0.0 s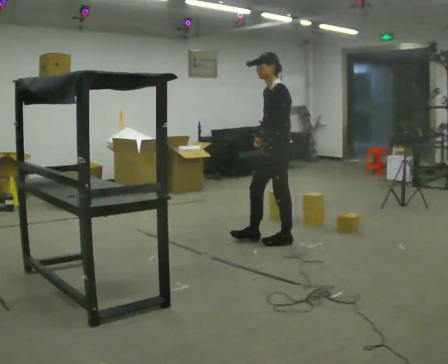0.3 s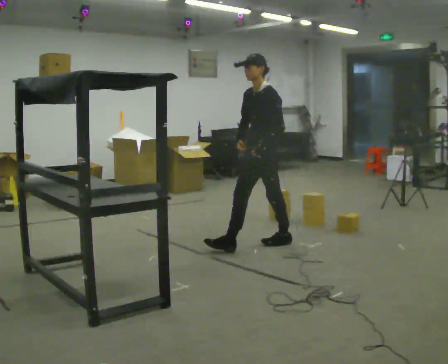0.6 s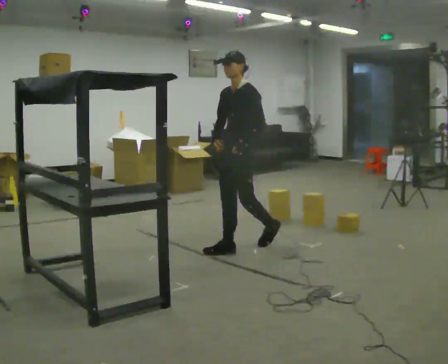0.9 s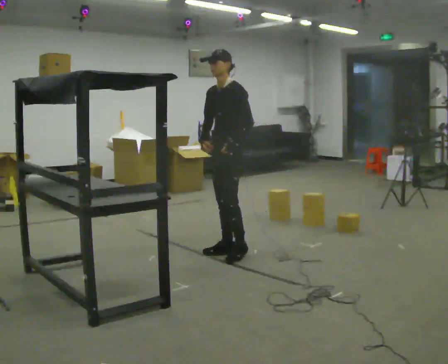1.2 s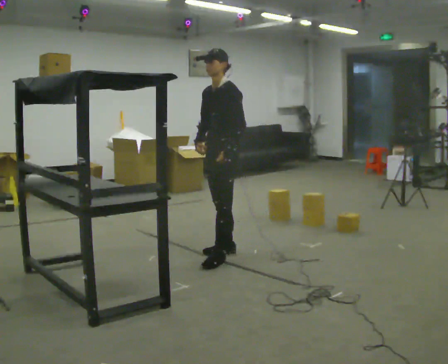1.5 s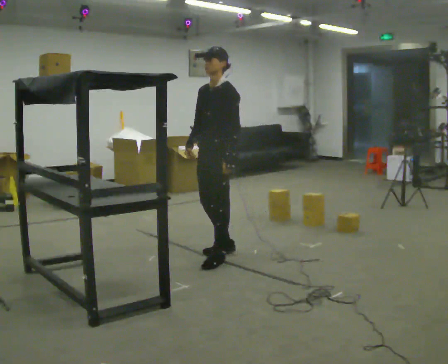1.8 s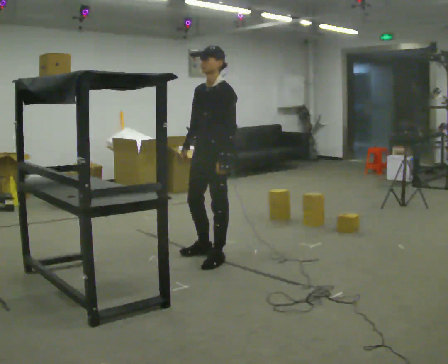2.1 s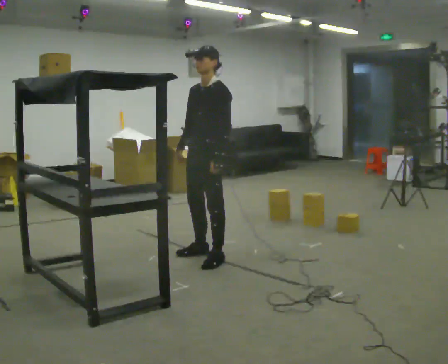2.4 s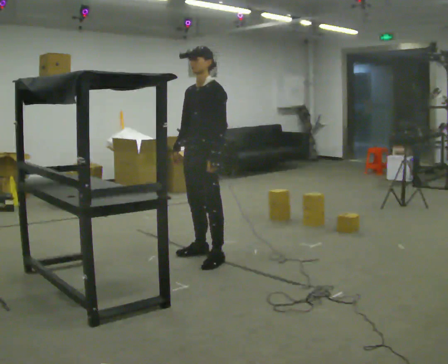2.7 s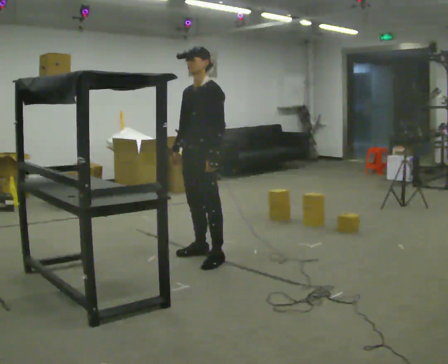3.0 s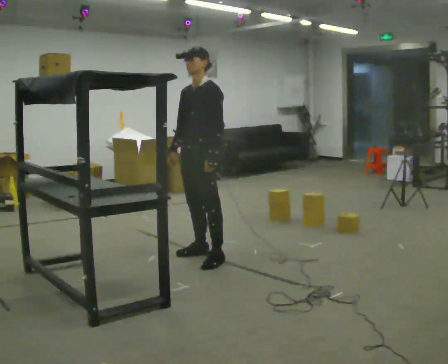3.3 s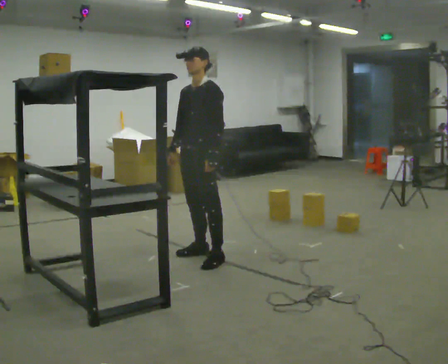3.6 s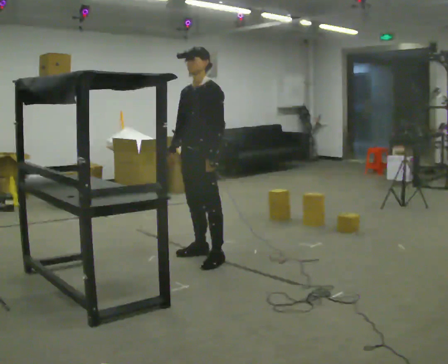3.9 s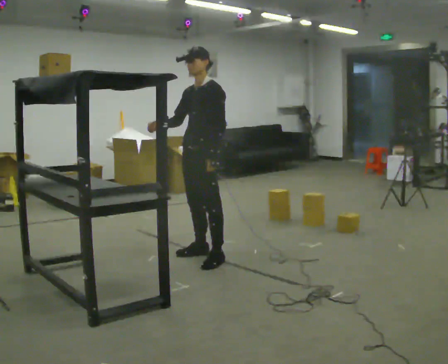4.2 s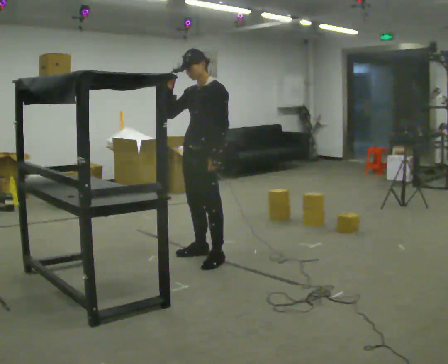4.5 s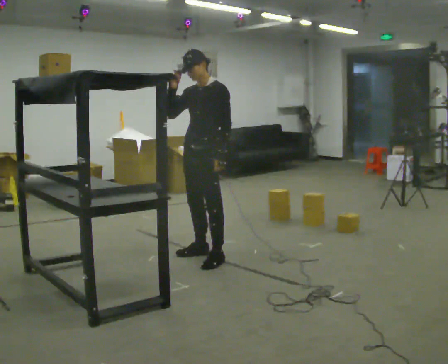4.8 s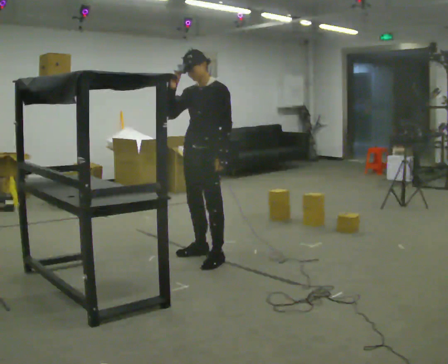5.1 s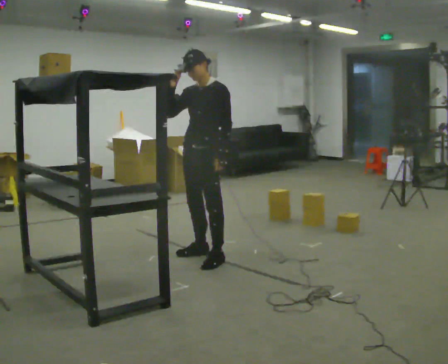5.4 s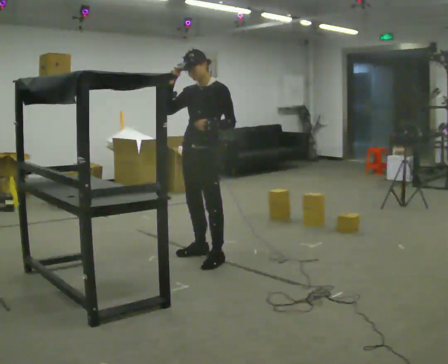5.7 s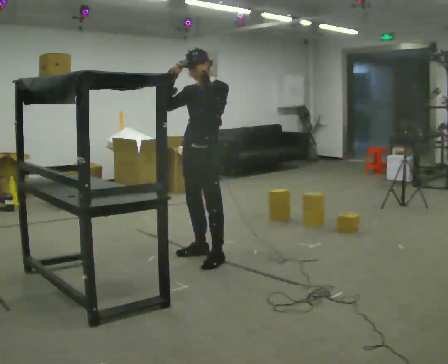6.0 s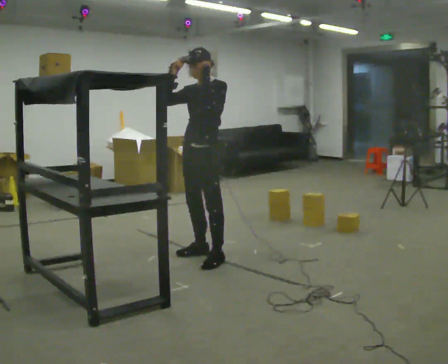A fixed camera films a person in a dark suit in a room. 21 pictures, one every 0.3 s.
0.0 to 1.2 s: In the picture they go to the left and toward the camera, about 0.5 m in 2 steps, which for them is forward.
1.2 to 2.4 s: In the picture they go to the left, about 0.25 m in 1 step, which for them is forward.
2.4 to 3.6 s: The person moves a little, or ends about where they began.
3.6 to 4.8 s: In the picture their right hand goes upward.
4.8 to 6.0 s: In the picture their left hand goes upward.
The film runs forward here.
